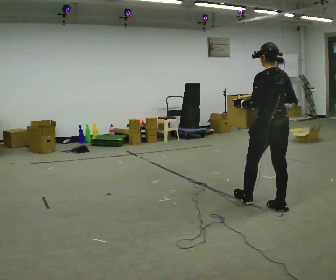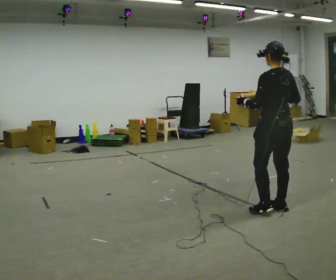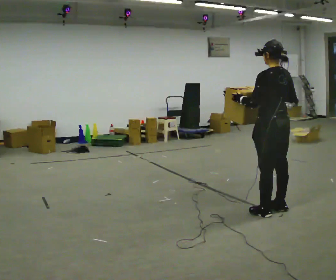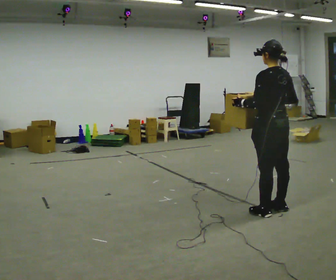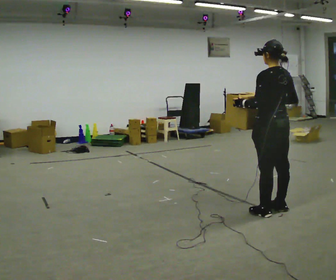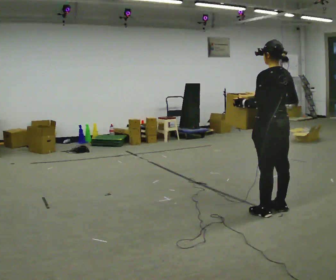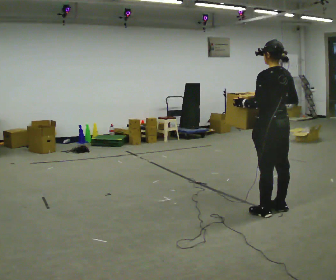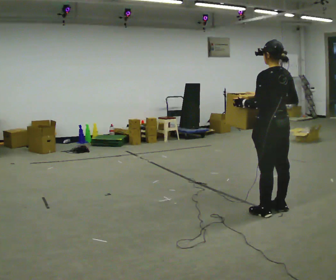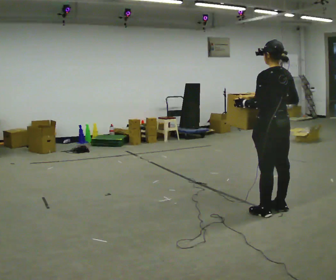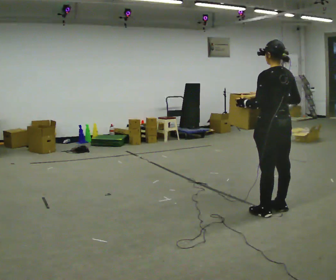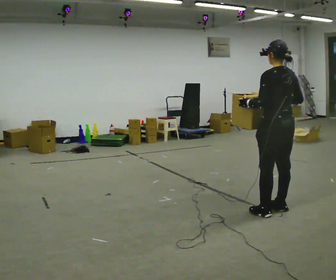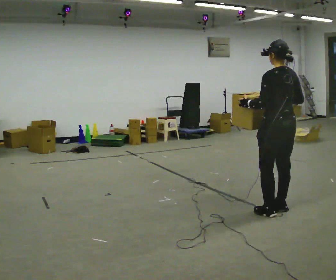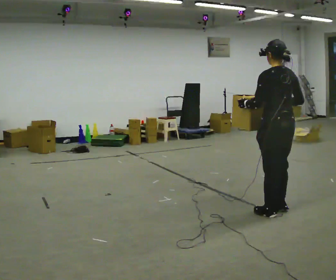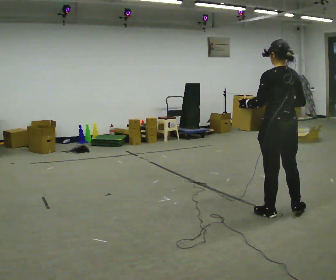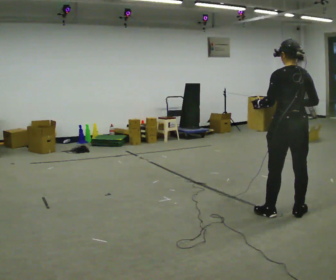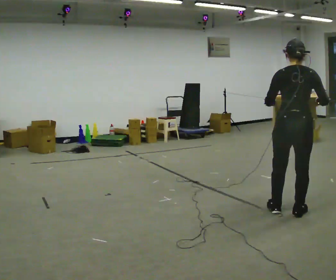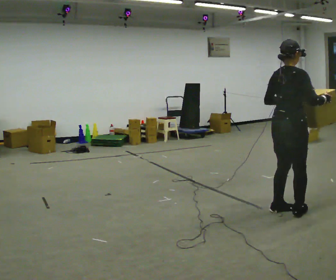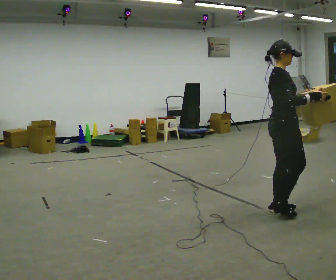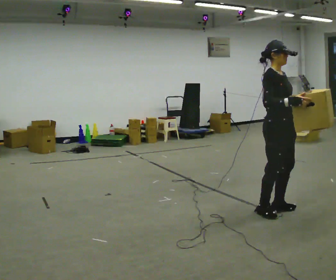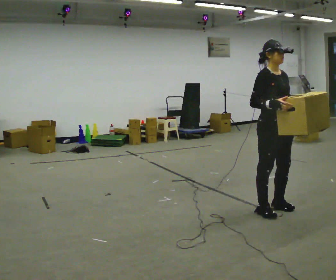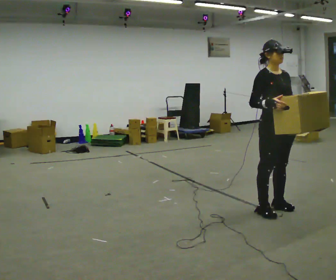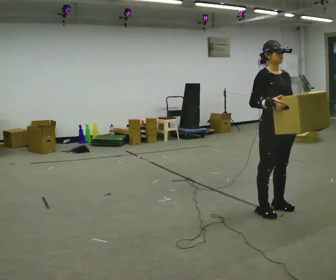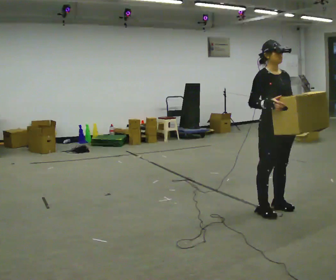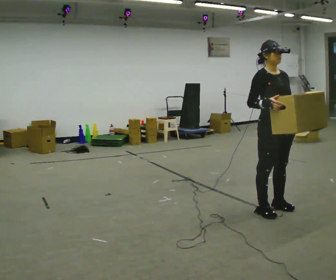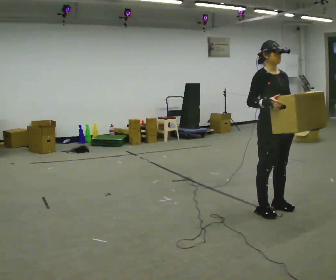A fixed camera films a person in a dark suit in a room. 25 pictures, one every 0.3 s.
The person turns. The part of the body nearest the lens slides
to the left.
The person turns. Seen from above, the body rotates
clockwise.
0.0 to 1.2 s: The person moves a little, or ends about where they began.
1.2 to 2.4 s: The person keeps their place and pose.
2.4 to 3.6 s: The person moves a little, or ends about where they began.
3.6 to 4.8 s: The person turns about 90 degrees to their right, clockwise seen from above, so the part of the body nearest the lens slides to the left. In the picture their left hand goes to the right.
4.8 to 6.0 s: The part of the body nearest the lens slides to the left as the person turns to their right by about 90 degrees. In the picture their right hand goes to the left.
6.0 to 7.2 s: The person moves a little, or ends about where they began.
The film runs backward here.
